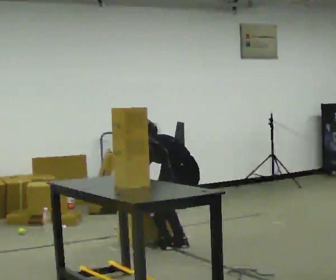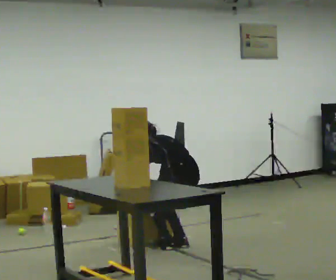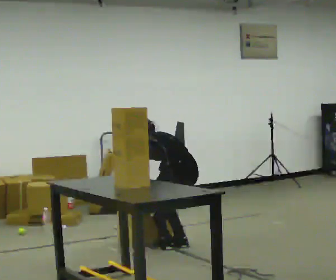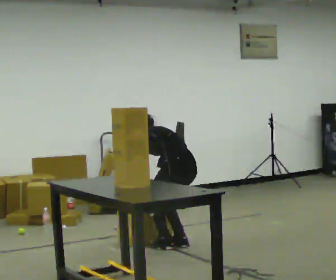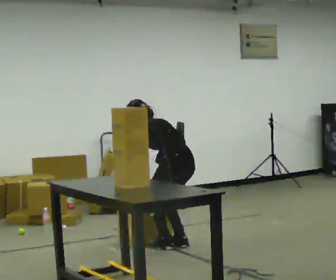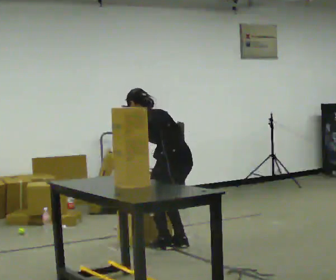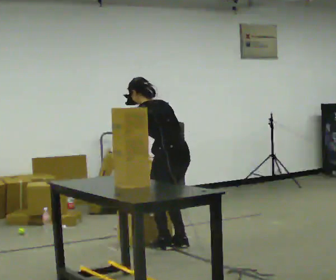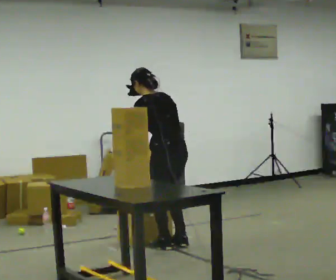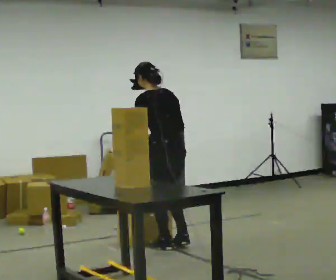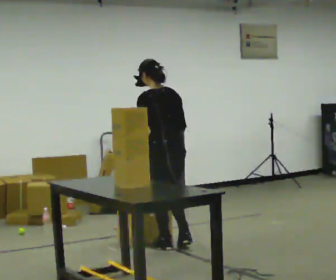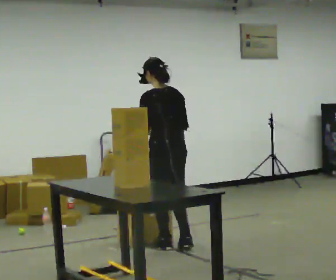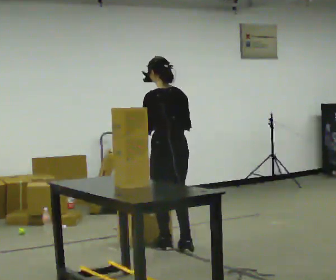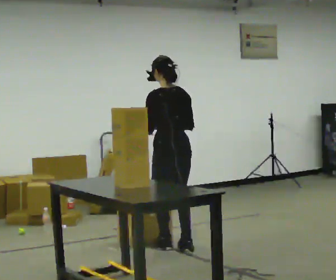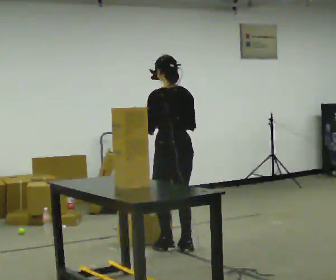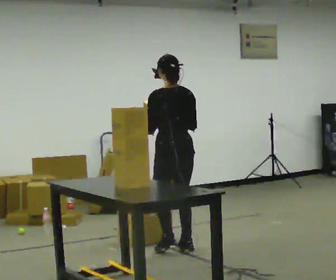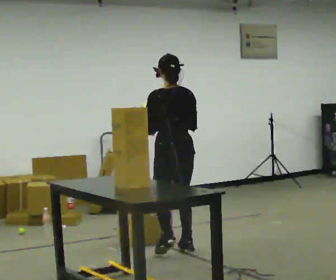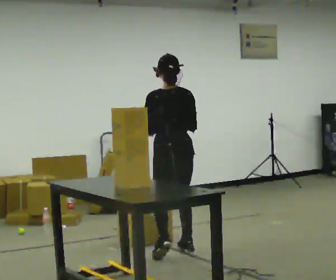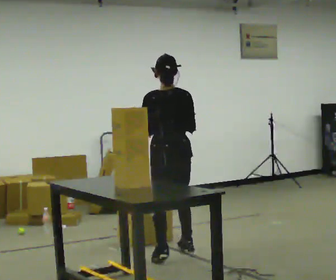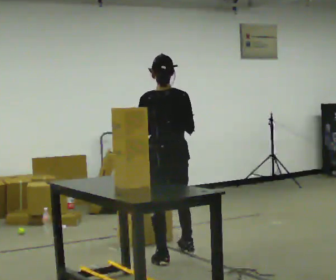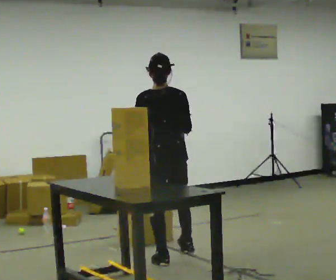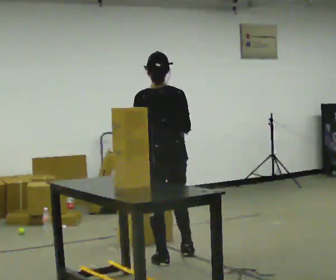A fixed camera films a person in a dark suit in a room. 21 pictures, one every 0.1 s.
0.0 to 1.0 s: The upper body goes upward. The upper body tips toward the camera, its near side rolling downward, as they lean back or straighten. In the picture their right hand goes upward.
1.0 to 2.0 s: In the picture they go toward the camera, about 0.5 m in 2 steps, which for them is backward and to their left.
The film runs backward here.
